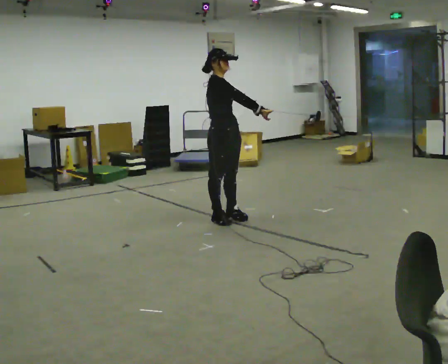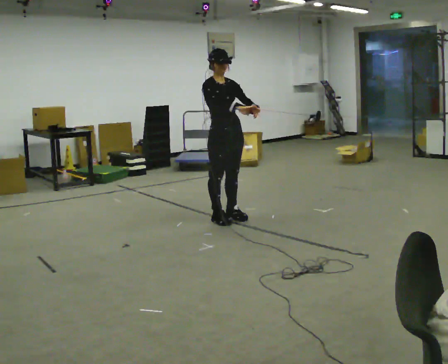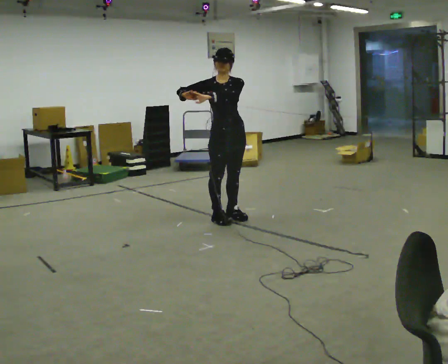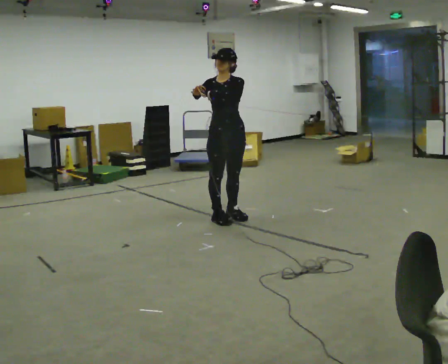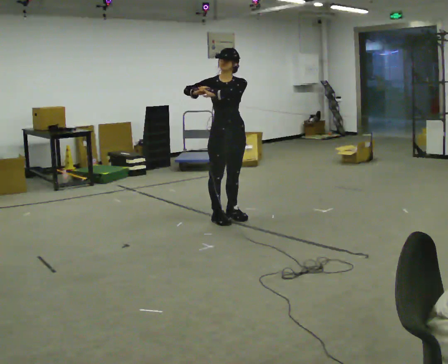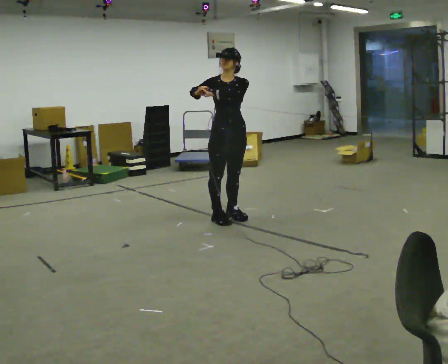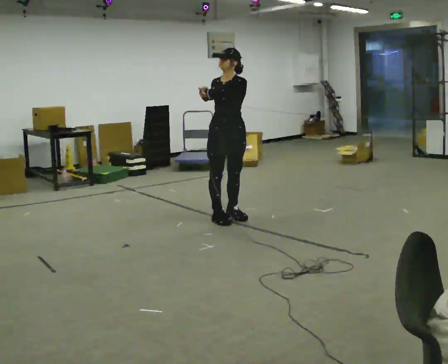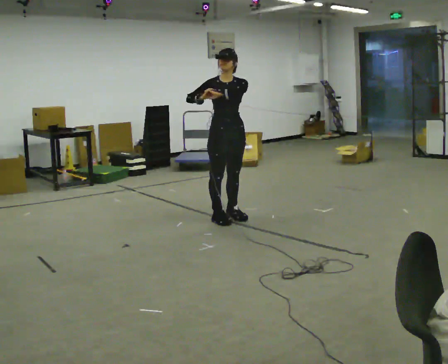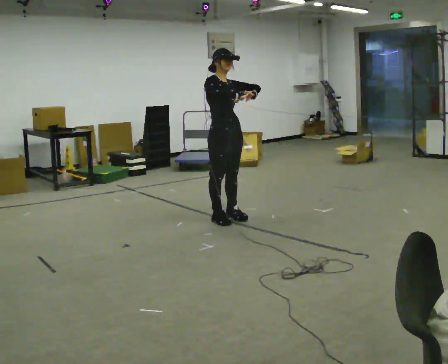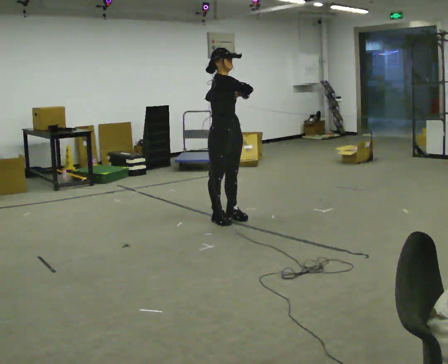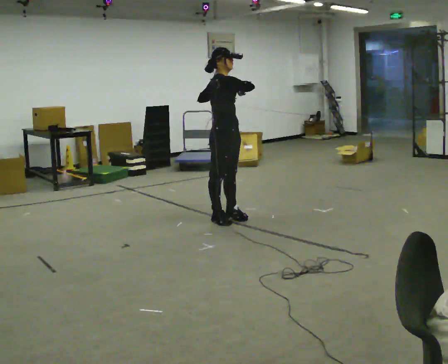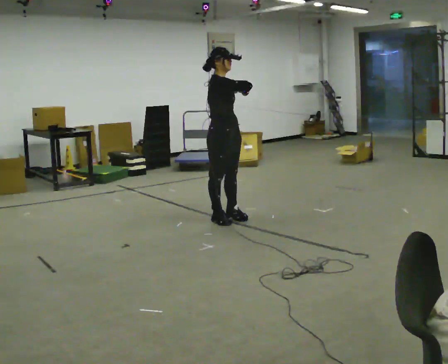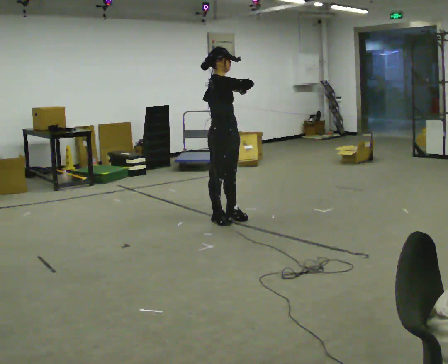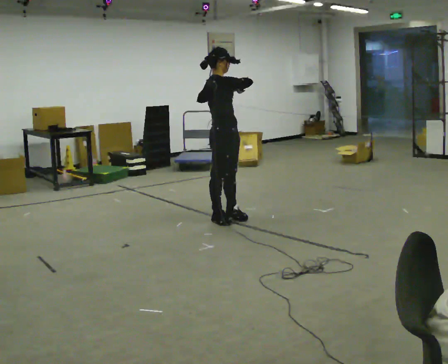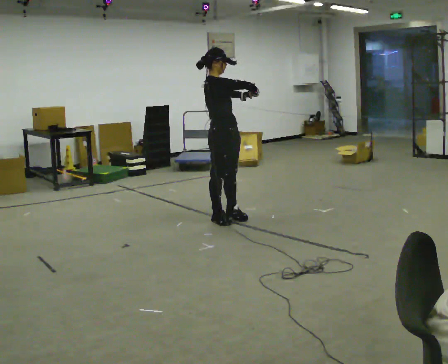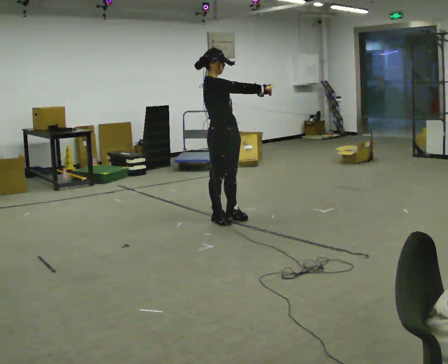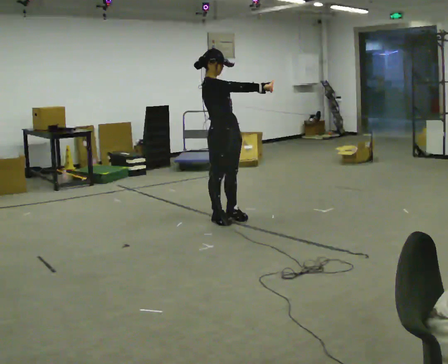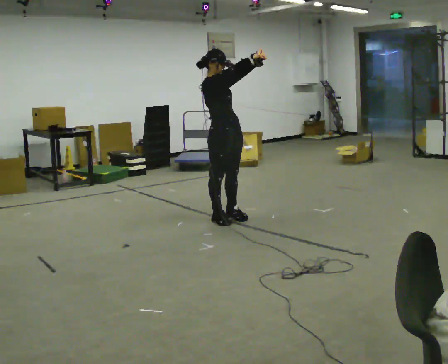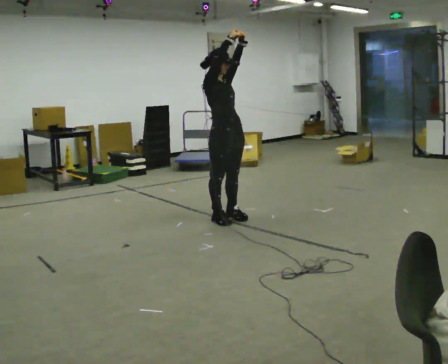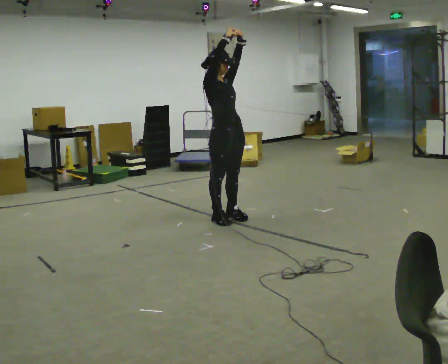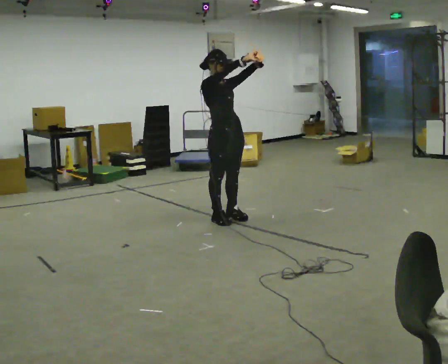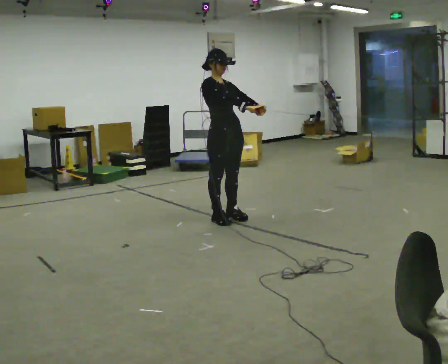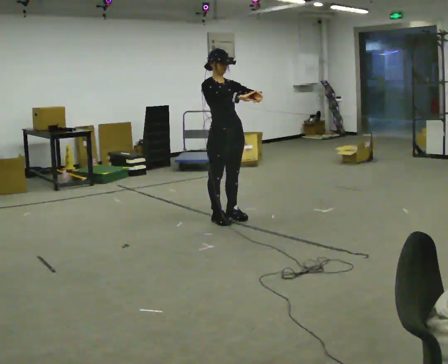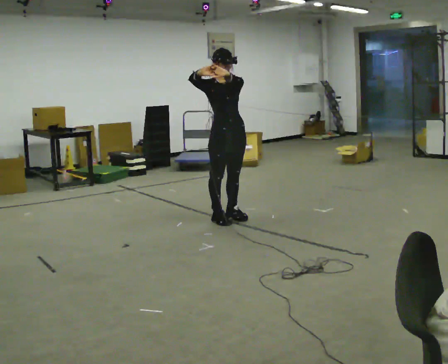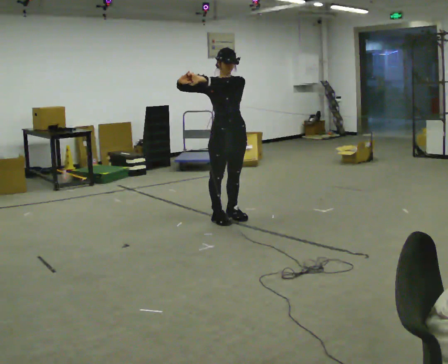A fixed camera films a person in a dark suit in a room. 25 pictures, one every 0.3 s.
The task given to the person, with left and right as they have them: Reach as far as you comfortably can in each direction the operator calls: up, down, forward, each side, and behind. Hold each one briefly. Keep both feet on the marked spots for the whole take. If you have to step, stop and tell the operator.
0.0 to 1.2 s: The person turns about 30 degrees to their right, clockwise seen from above, so the part of the body nearest the lens slides to the left. In the picture their left hand goes to the left.
1.2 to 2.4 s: In the picture their left hand goes to the right.
2.4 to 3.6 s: The person moves a little, or ends about where they began.
3.6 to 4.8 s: In the picture their left hand goes to the right.
4.8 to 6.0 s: The person moves a little, or ends about where they began.
6.0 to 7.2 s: The person turns about 30 degrees to their right, clockwise seen from above, so the part of the body nearest the lens slides to the left. In the picture their right hand goes to the left.
The film runs forward here.
